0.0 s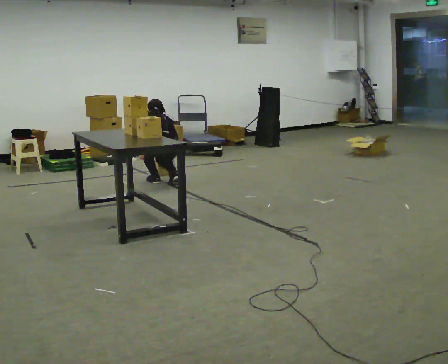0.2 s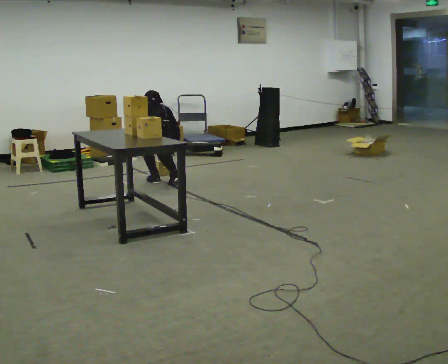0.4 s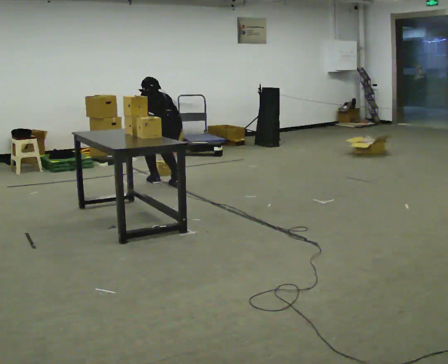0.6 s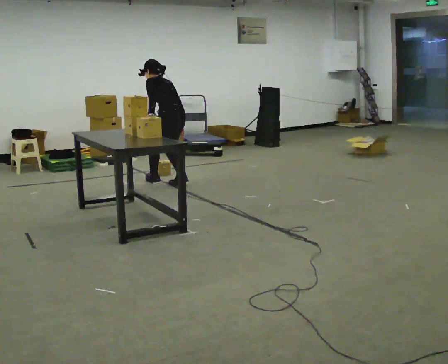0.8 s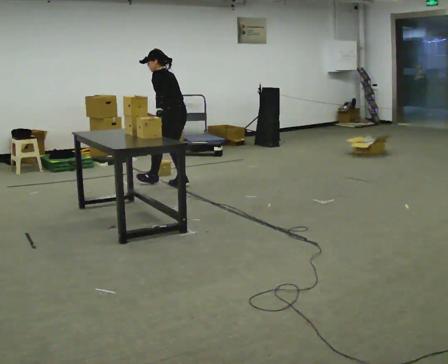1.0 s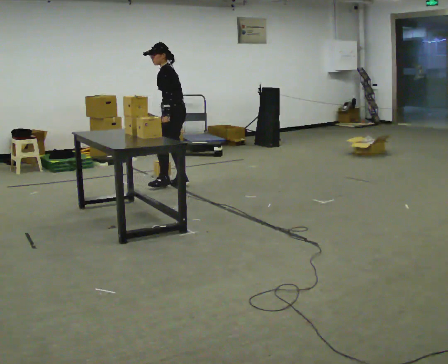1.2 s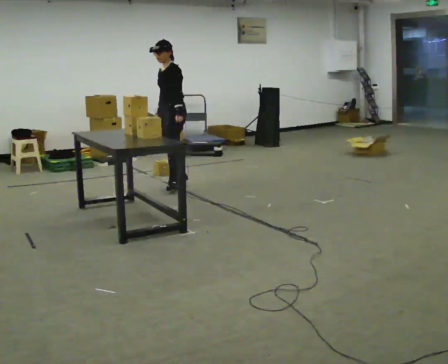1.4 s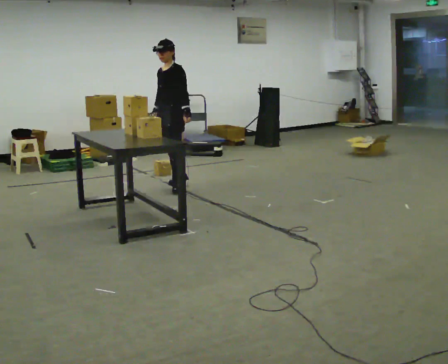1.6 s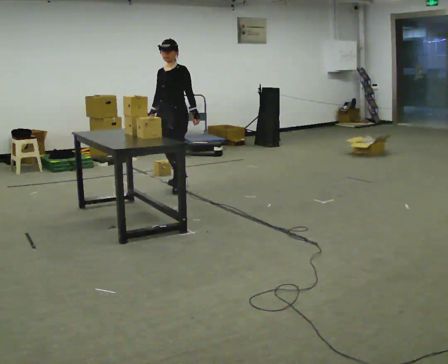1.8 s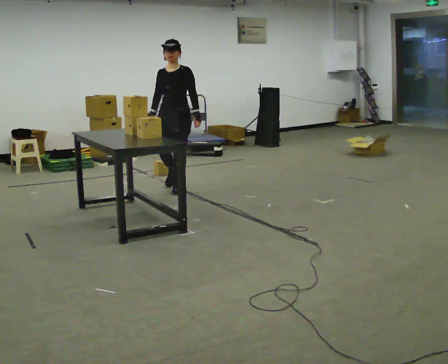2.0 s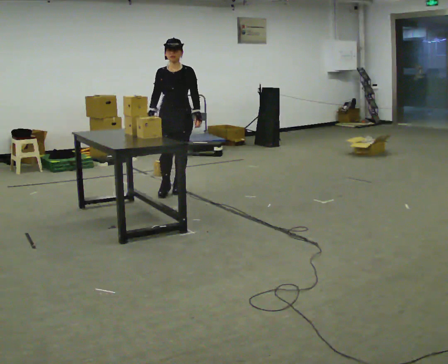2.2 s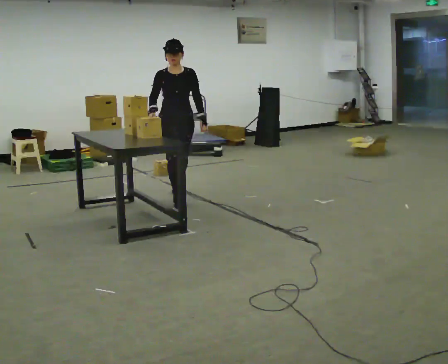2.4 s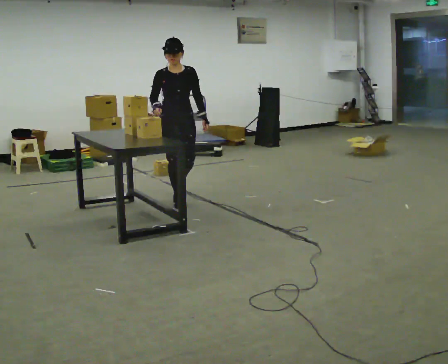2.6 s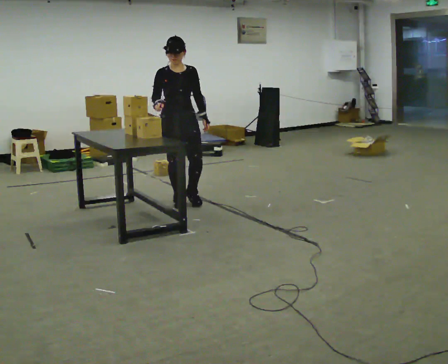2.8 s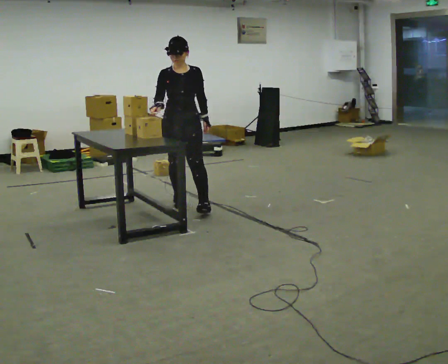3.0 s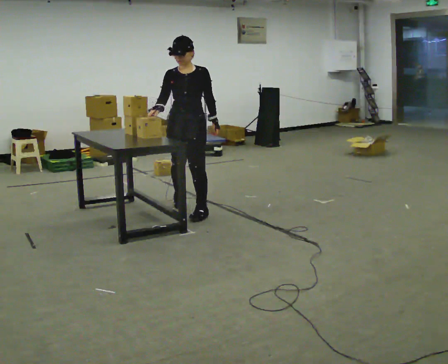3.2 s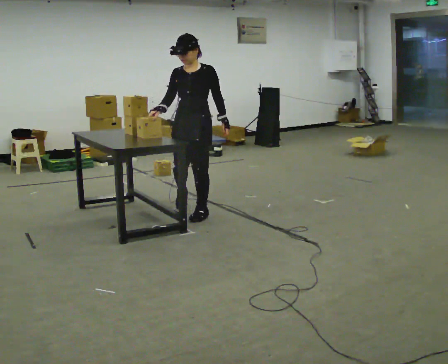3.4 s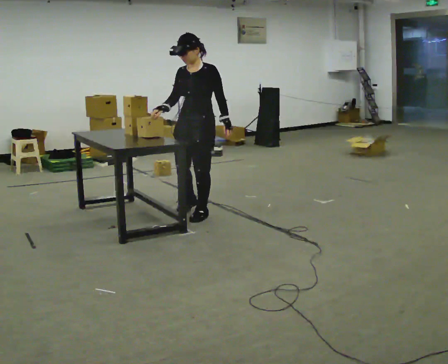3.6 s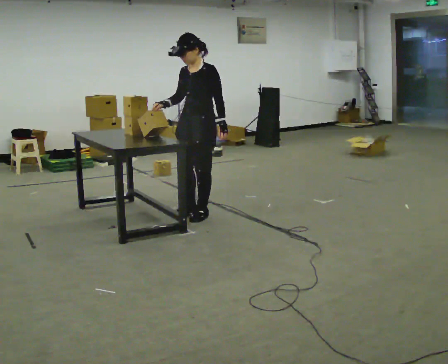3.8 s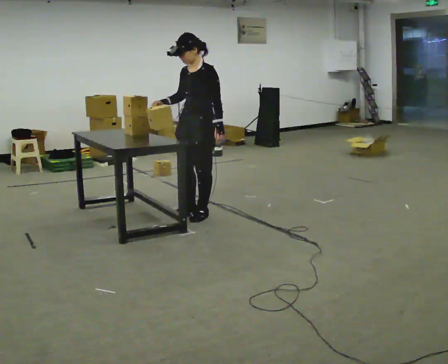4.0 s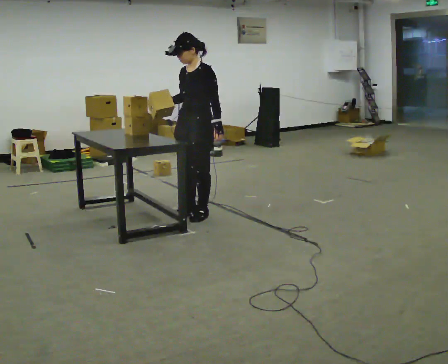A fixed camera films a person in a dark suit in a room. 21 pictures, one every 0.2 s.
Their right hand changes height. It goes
upward.
The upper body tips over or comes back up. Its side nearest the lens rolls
downward.
0.0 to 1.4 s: The part of the body nearest the lens slides to the right as the person turns to their left by about 105 degrees. The shoulders move upward. The upper body tips toward the camera, its near side rolling downward, as they lean back or straighten. In the picture their left hand goes to the right and upward.
1.4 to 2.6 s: The part of the body nearest the lens slides to the right as the person turns to their left by about 75 degrees. In the picture they go toward the camera, about 0.5 m in 1 step.
2.6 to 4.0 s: The person turns about 60 degrees to their right, clockwise seen from above, so the part of the body nearest the lens slides to the left. In the picture they go toward the camera and to the right, about 0.5 m in 2 steps.
The film runs forward here.
